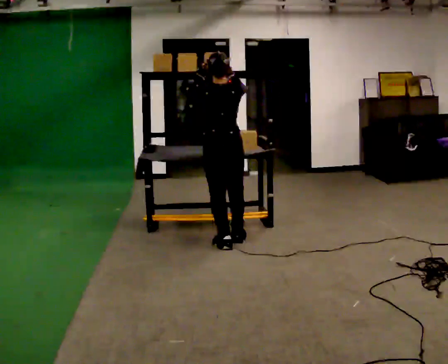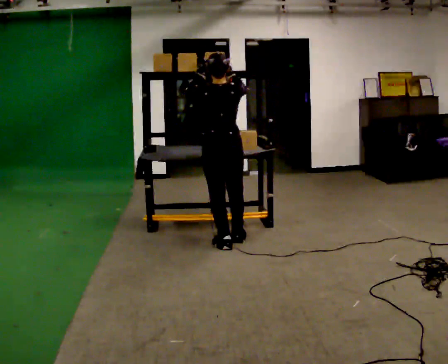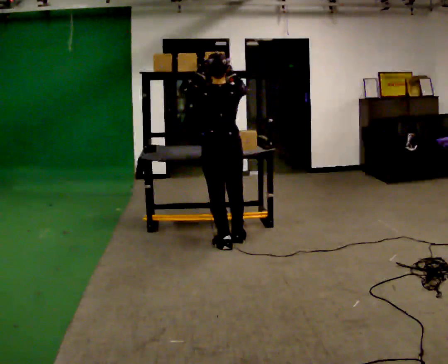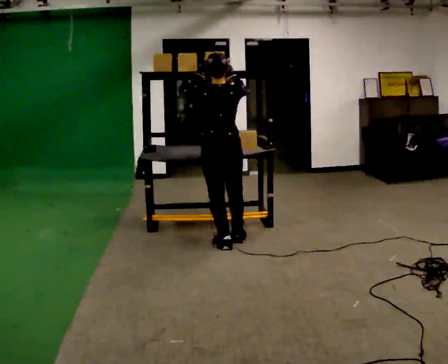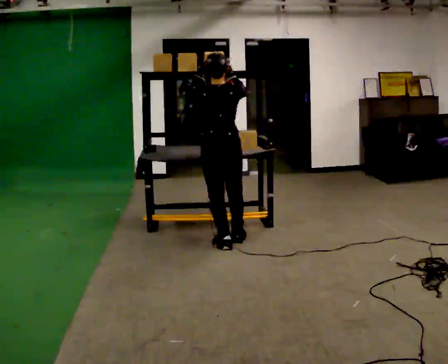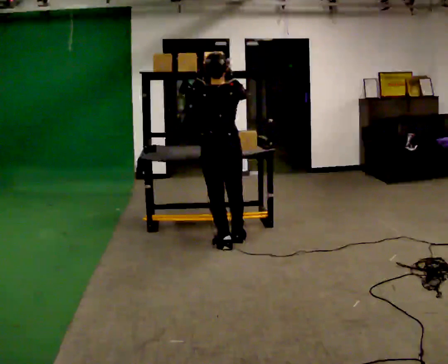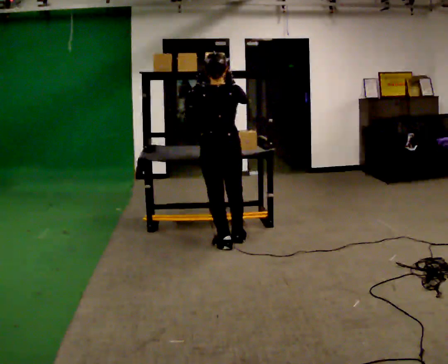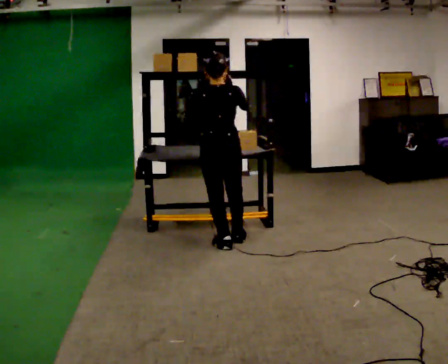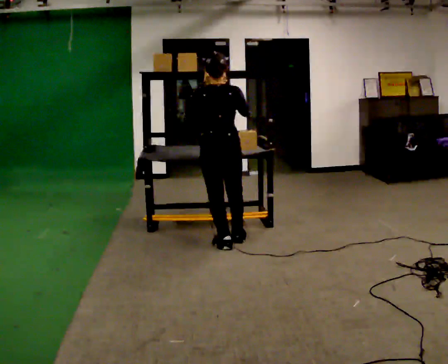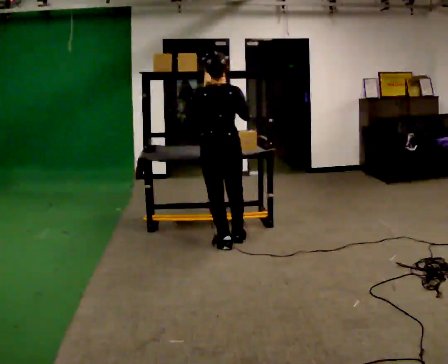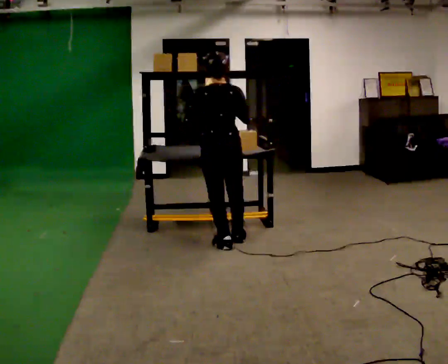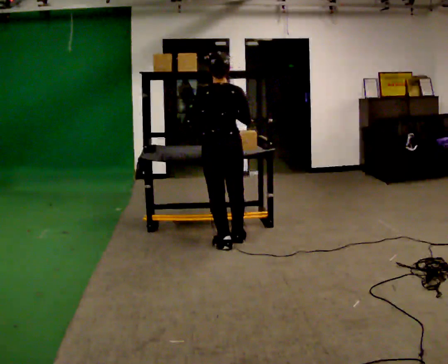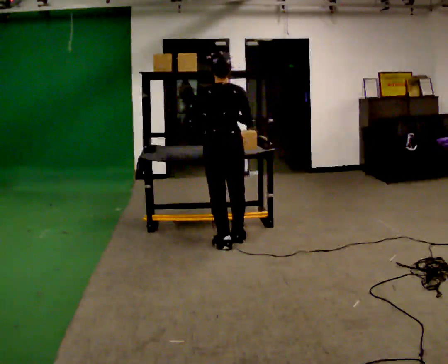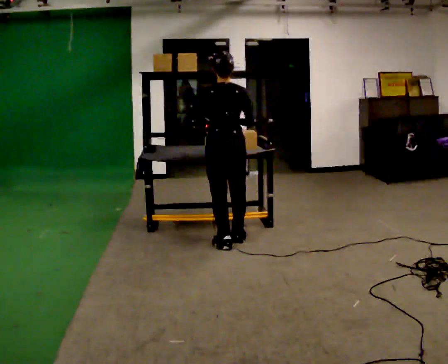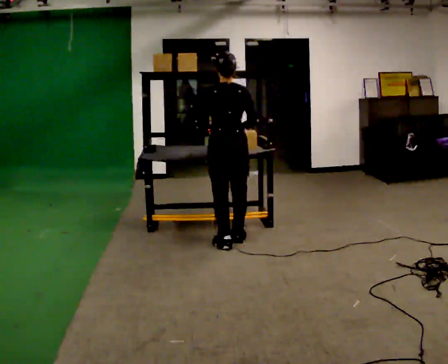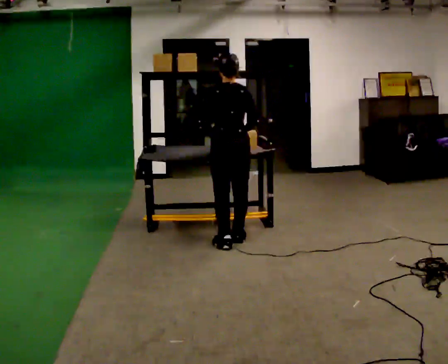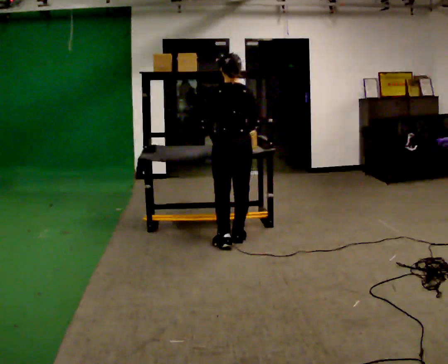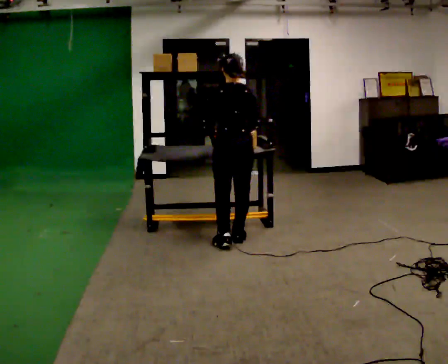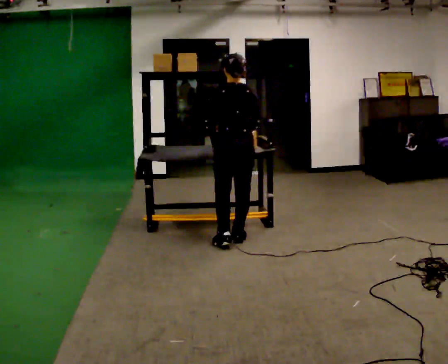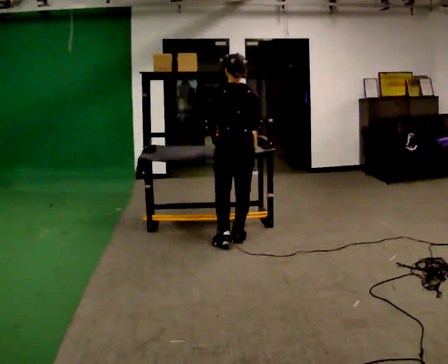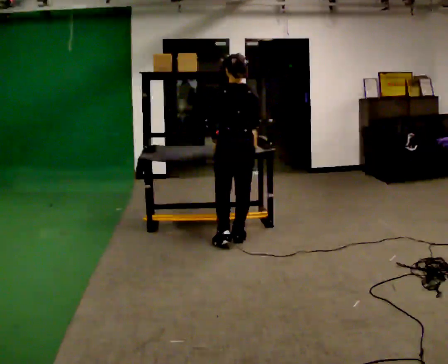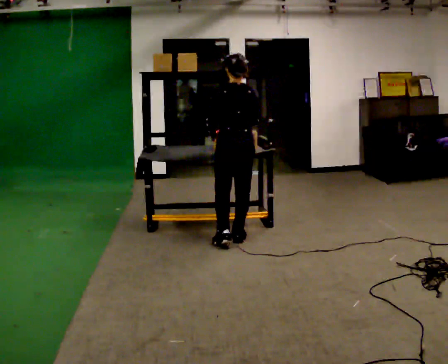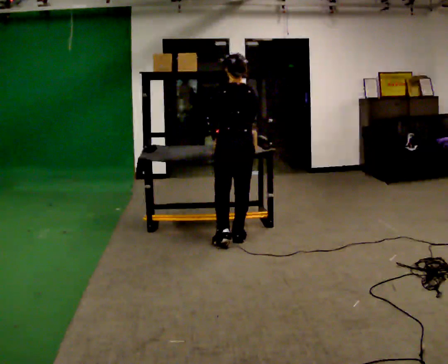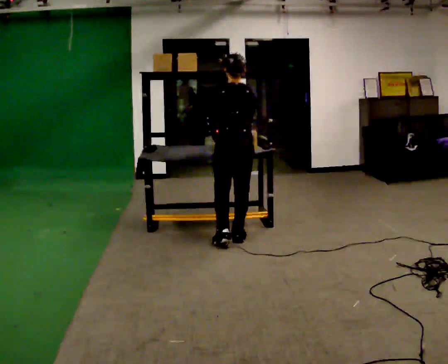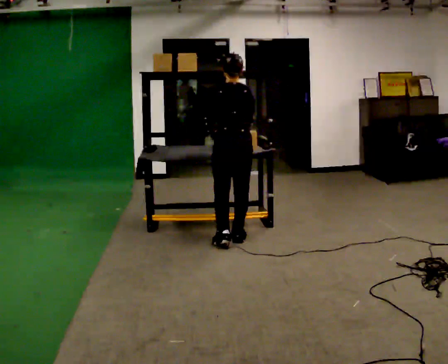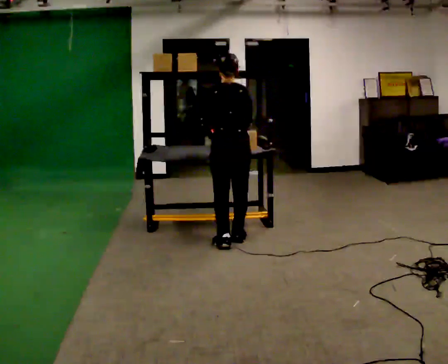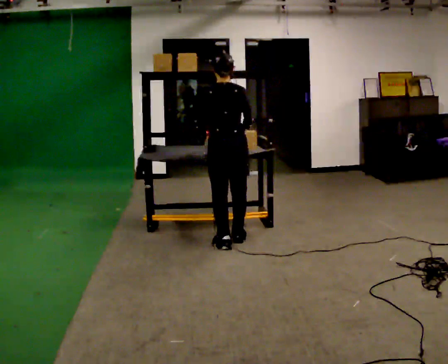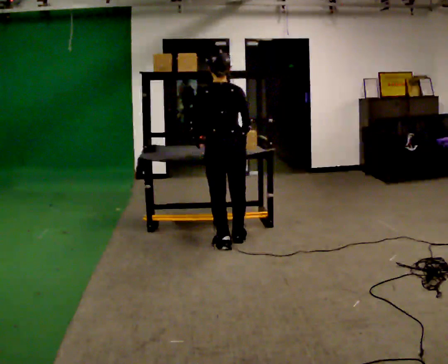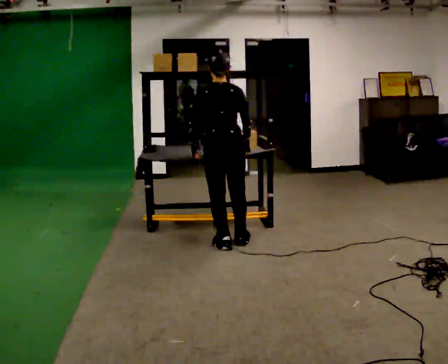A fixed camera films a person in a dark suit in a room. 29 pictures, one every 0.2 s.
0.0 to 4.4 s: In the picture they go away from the camera, about 0.25 m, which for them is forward. In the picture their right hand goes downward.
4.4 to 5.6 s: In the picture they go toward the camera, about 0.25 m in 1 step, which for them is backward.
The film runs backward here.
